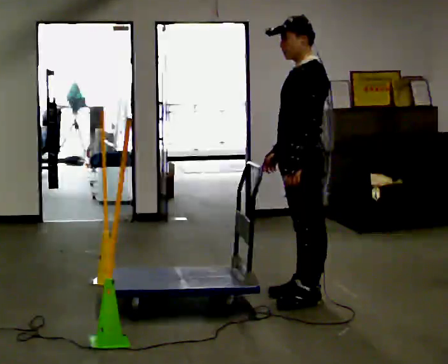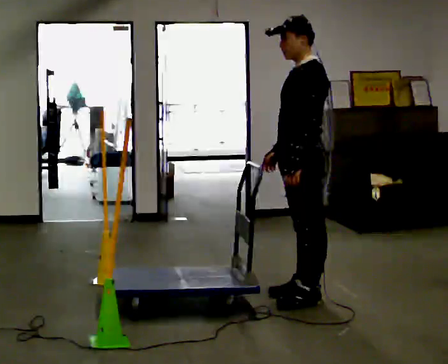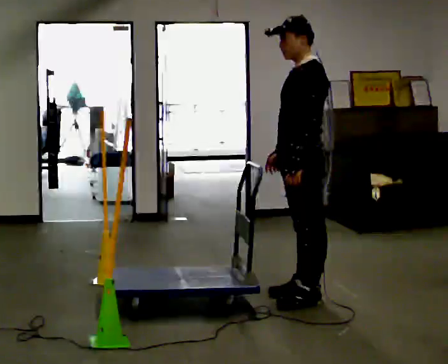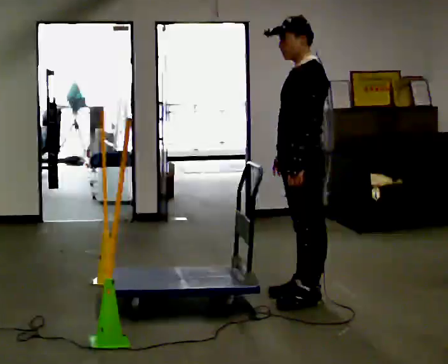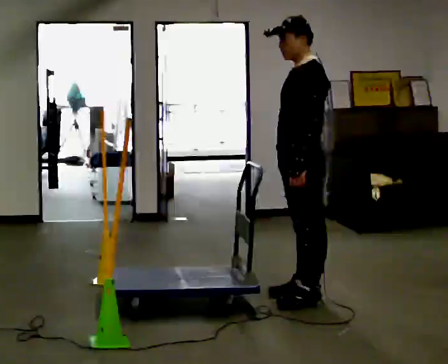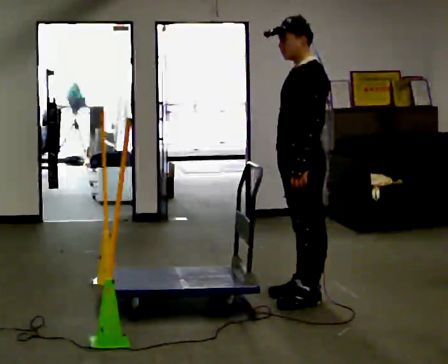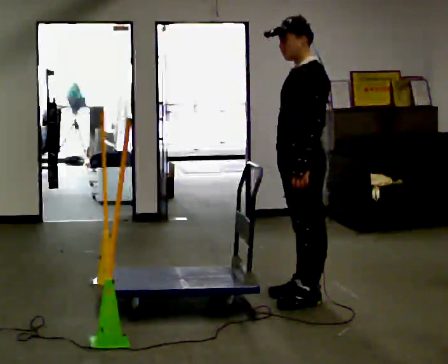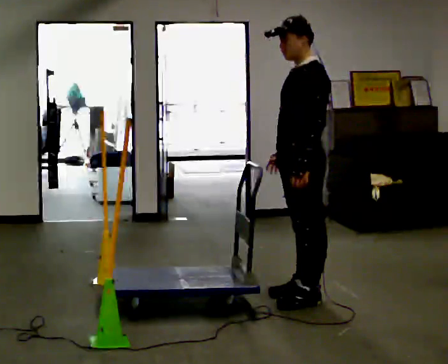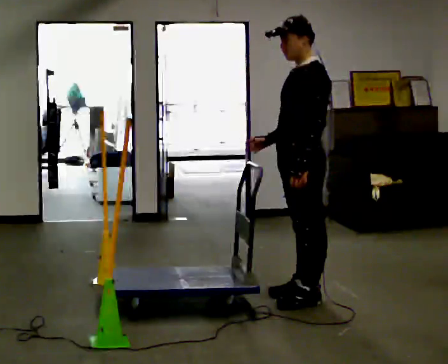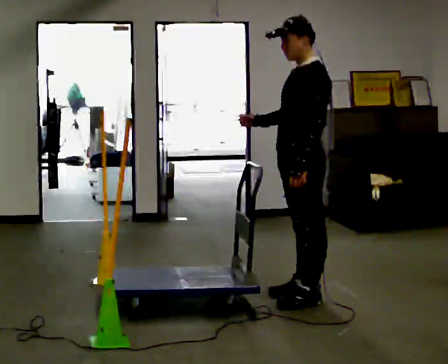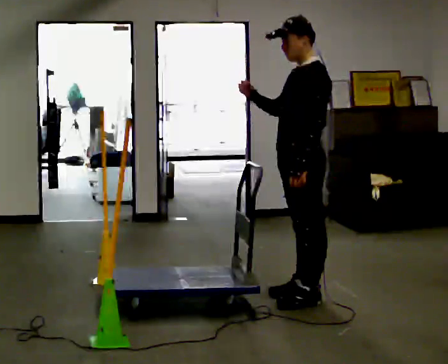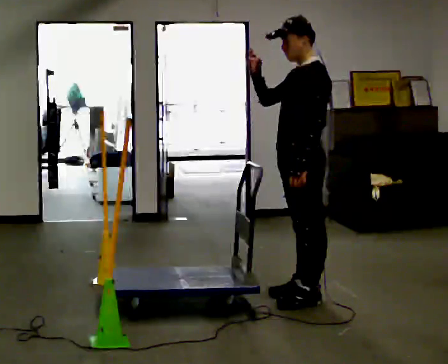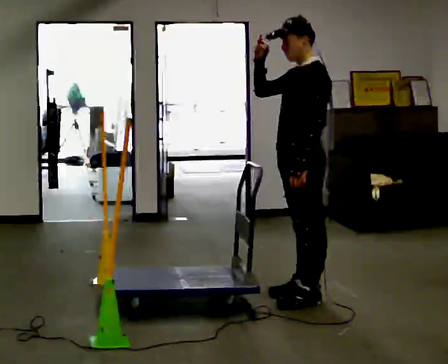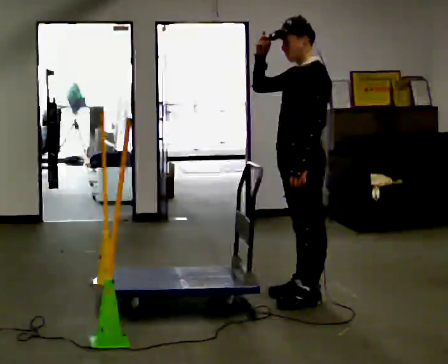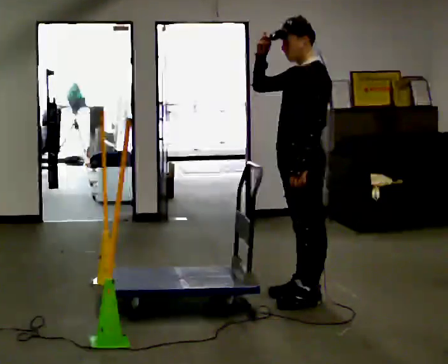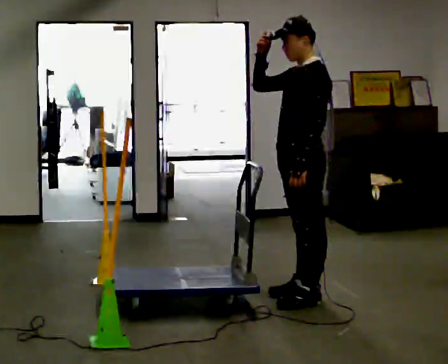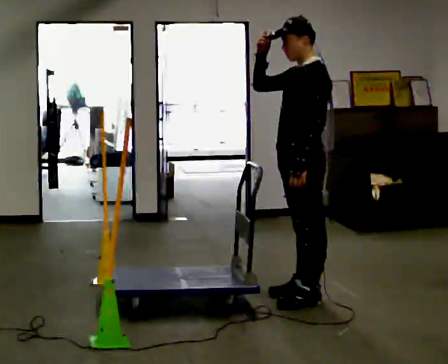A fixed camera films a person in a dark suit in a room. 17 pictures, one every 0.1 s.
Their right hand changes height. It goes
upward.
0.0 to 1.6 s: In the picture their right hand goes upward, the arm swinging clockwise.
The film runs backward here.
